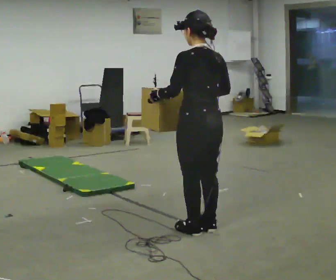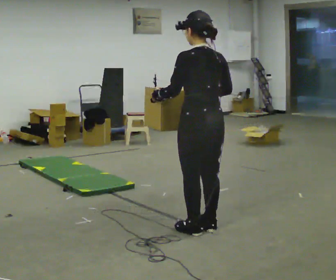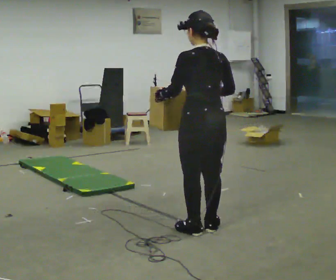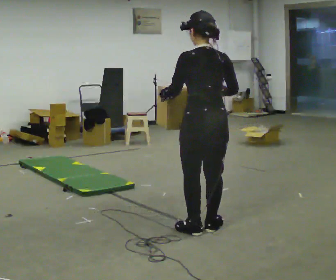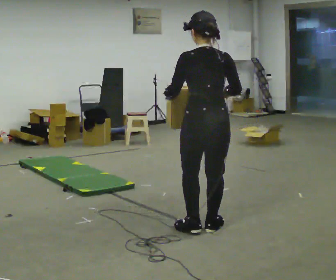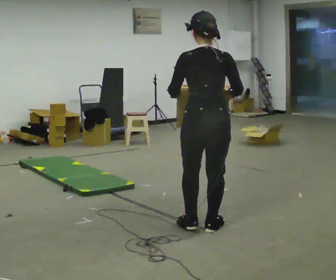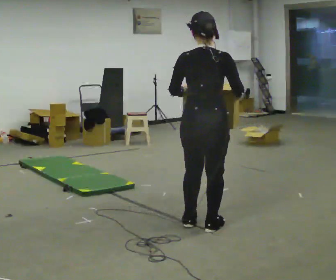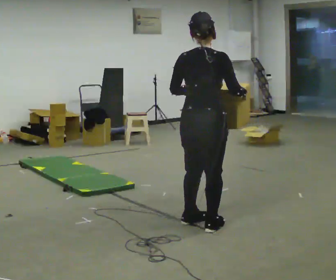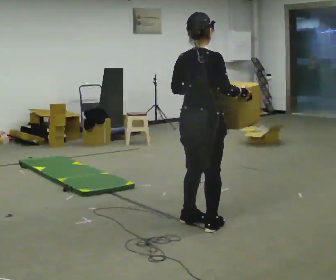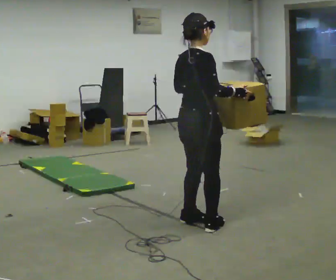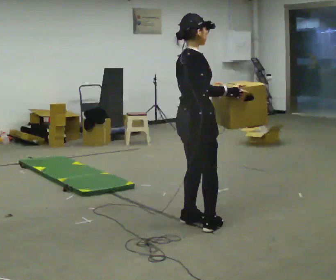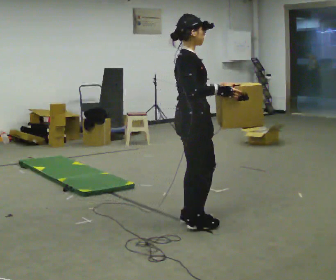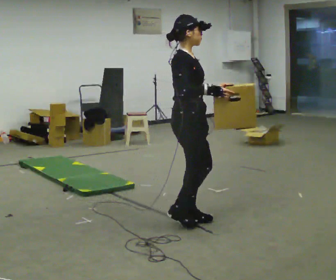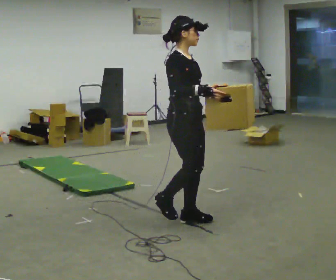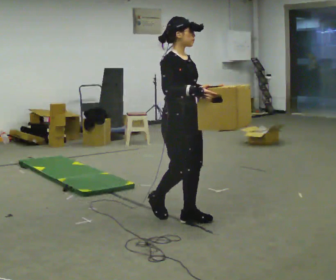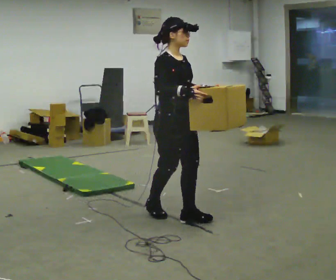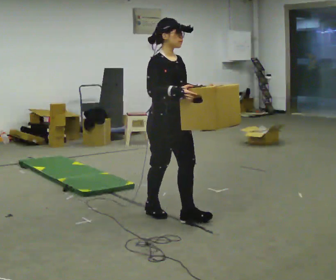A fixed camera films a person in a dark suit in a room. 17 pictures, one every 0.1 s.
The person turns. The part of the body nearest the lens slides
to the left.
The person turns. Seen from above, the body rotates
clockwise.
0.0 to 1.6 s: The person turns about 165 degrees to their right, clockwise seen from above, so the part of the body nearest the lens slides to the left. In the picture they go away from the camera and to the left, about 0.5 m in 2 steps.
The film runs backward here.
